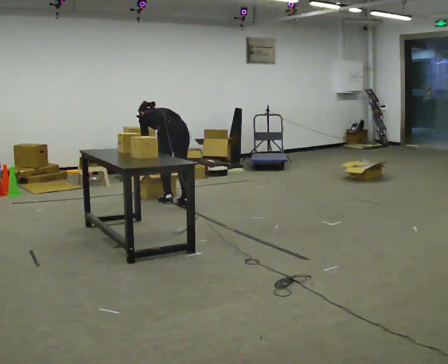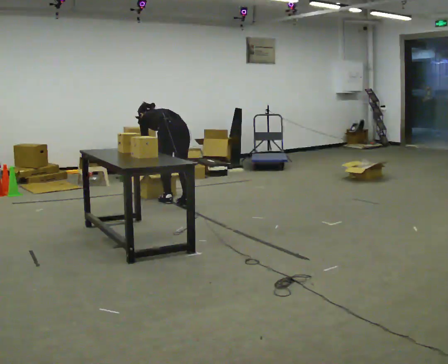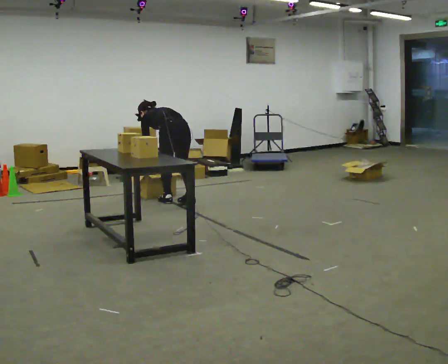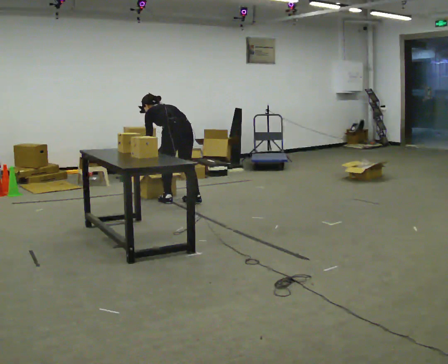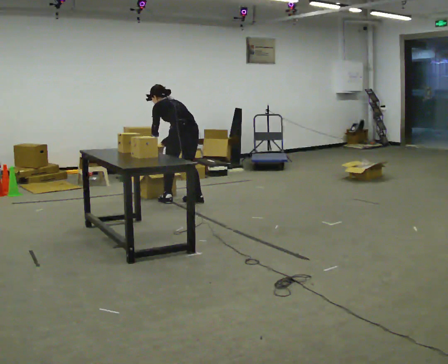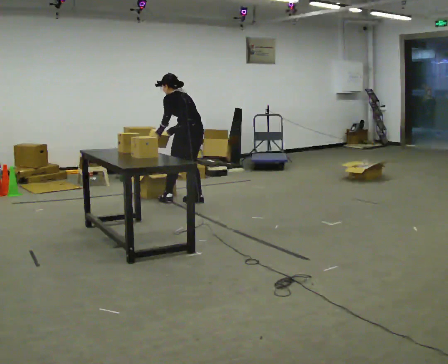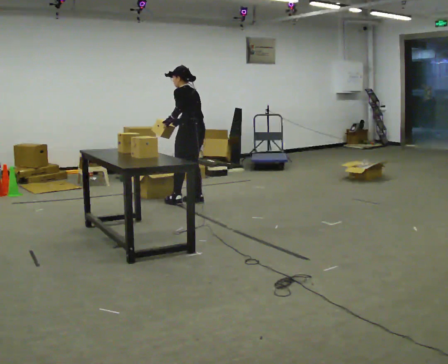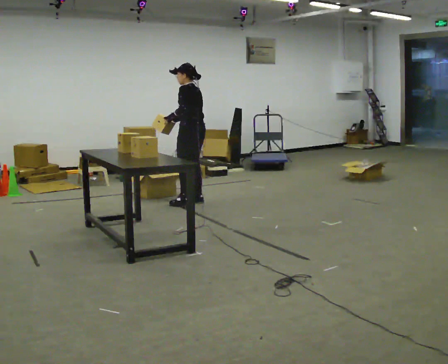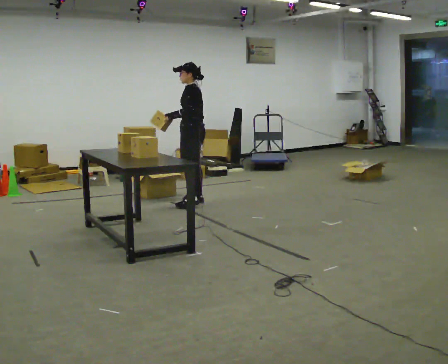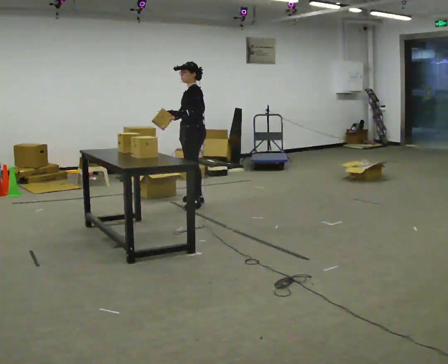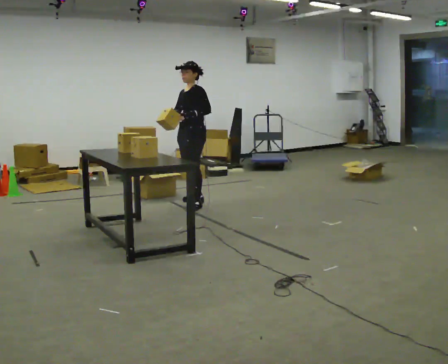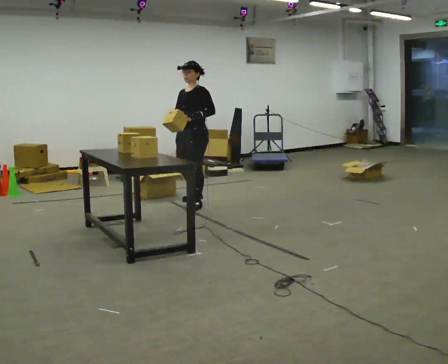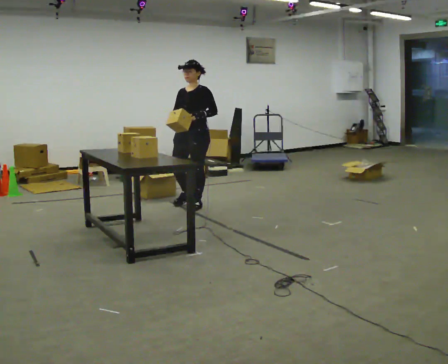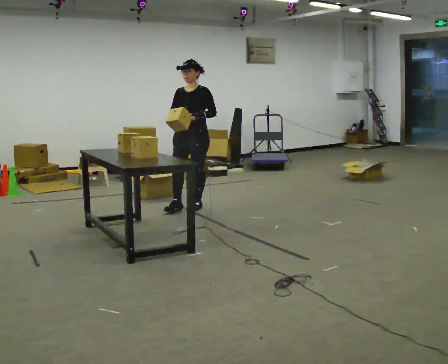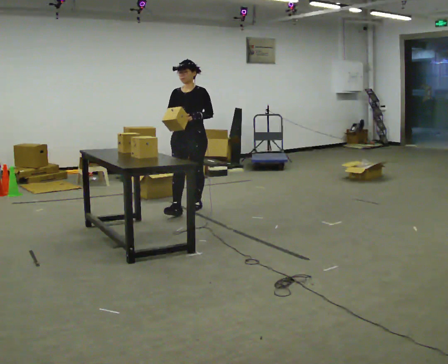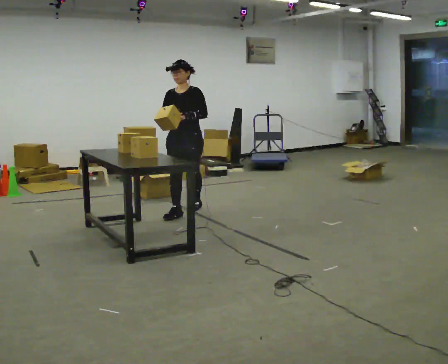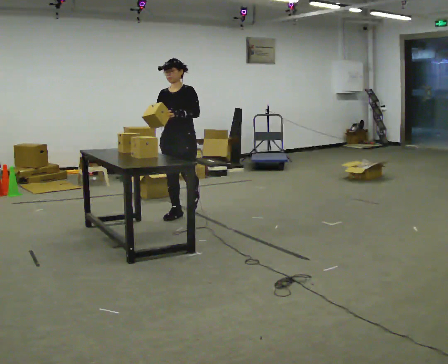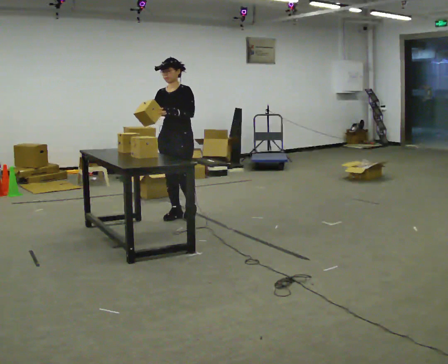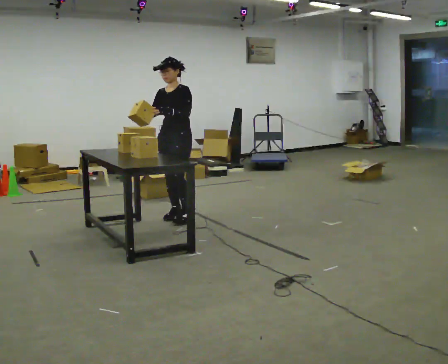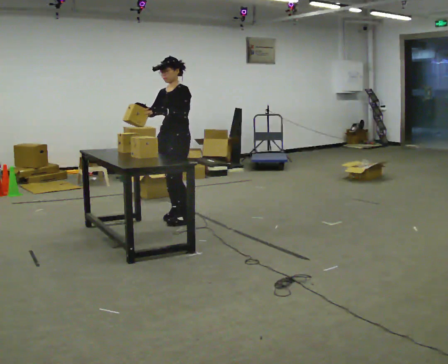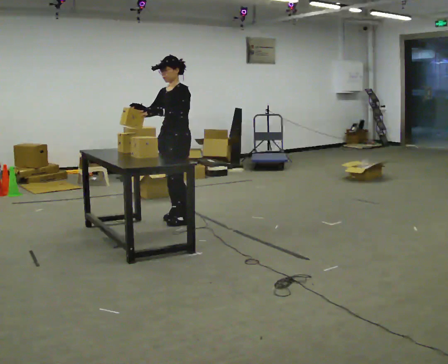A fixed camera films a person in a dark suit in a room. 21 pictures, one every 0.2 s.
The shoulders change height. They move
upward.
The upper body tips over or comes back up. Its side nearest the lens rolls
downward.
0.0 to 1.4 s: Seen from above the body turns counterclockwise, about 30 degrees: to their left, with its near side sliding to the right. In the picture they go to the right, about 0.25 m in 1 step, which for them is to their right. The shoulders move upward. In the picture the upper body tilts clockwise, shoulders to the right, as they lean back or straighten. In the picture their right hand goes upward.
1.4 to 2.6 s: The person turns about 105 degrees to their left, counterclockwise seen from above, so the part of the body nearest the lens slides to the right. In the picture they go toward the camera, about 0.25 m in 1 step.
2.6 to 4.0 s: The person turns about 30 degrees to their right, clockwise seen from above, so the part of the body nearest the lens slides to the left. In the picture they go toward the camera, about 0.5 m in 2 steps, which for them is forward.
The film runs forward here.
